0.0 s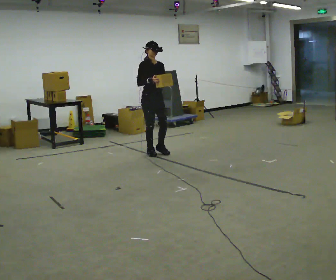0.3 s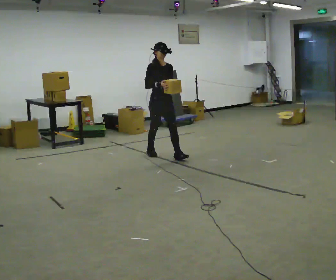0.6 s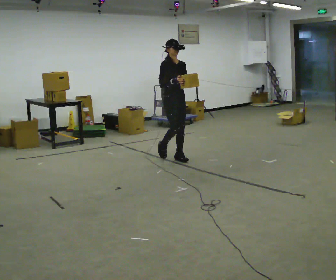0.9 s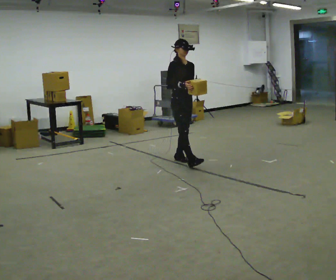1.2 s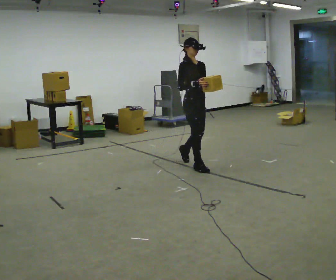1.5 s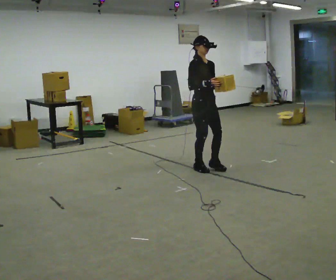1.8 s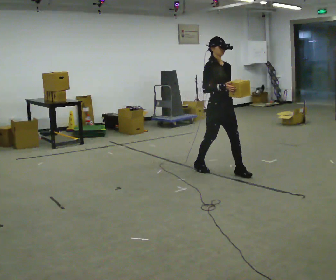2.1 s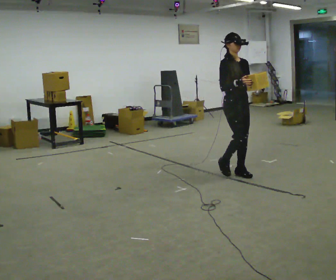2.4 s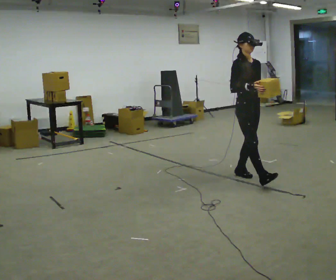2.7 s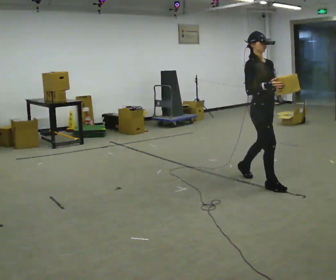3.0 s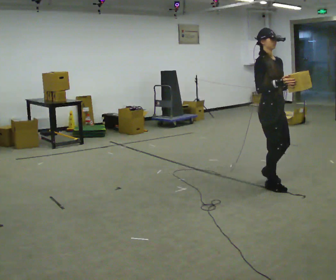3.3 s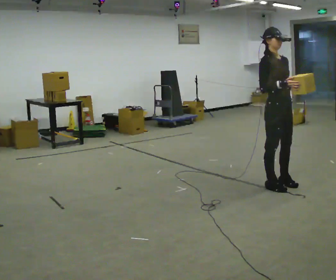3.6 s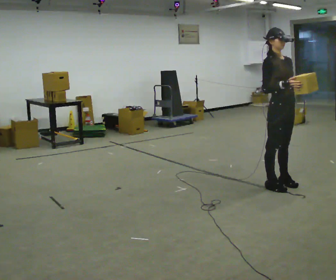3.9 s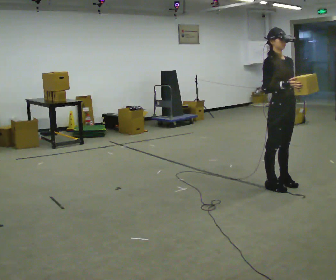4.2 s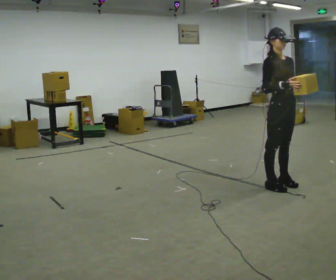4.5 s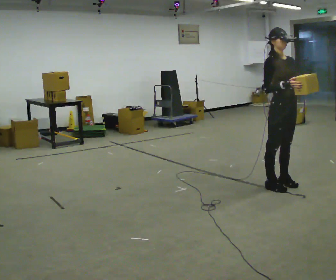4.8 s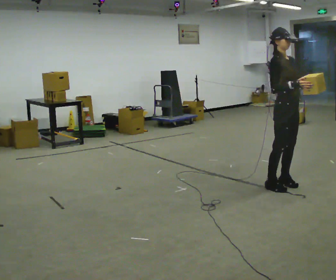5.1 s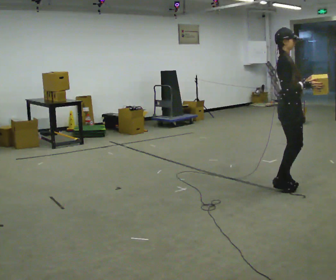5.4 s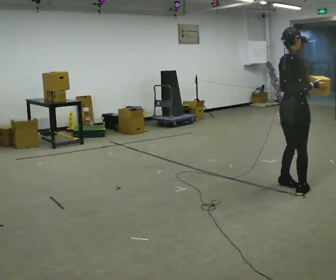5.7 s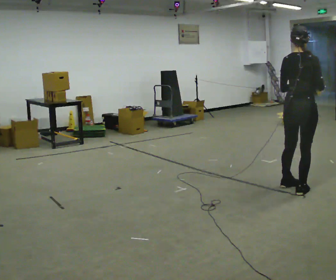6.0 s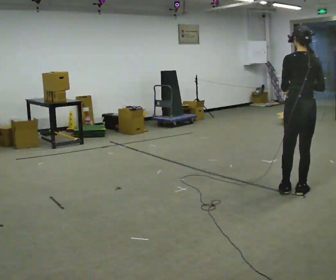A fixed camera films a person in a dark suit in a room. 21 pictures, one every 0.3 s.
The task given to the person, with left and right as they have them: Carry the light box in both hands in front of you, walking back and forth across the room. Keep walking until the operator says stop.
0.0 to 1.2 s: In the picture they go to the right and toward the camera, about 1 m in 2 steps, which for them is forward.
1.2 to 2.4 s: In the picture they go to the right and toward the camera, about 1 m in 1 step, which for them is forward.
2.4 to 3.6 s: In the picture they go to the right and toward the camera, about 0.5 m in 2 steps, which for them is forward.
3.6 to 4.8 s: The person moves a little, or ends about where they began.
4.8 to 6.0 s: Seen from above the body turns counterclockwise, about 135 degrees: to their left, with its near side sliding to the right. In the picture they go toward the camera and to the right, about 0.25 m in 1 step.
The film runs forward here.
